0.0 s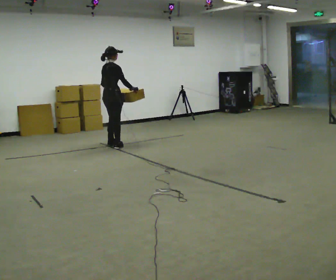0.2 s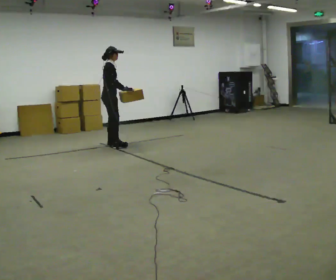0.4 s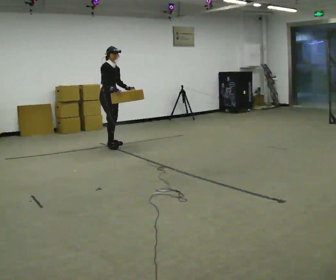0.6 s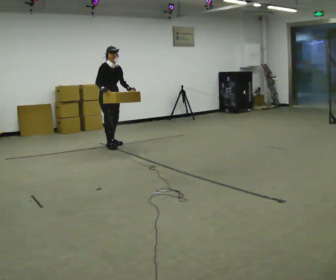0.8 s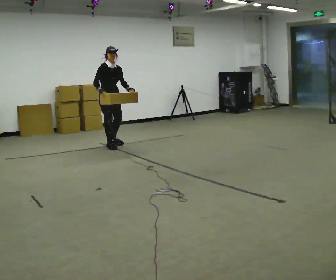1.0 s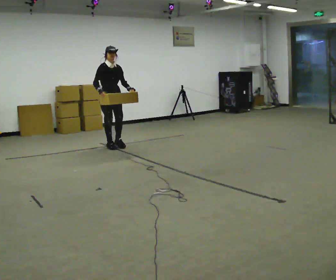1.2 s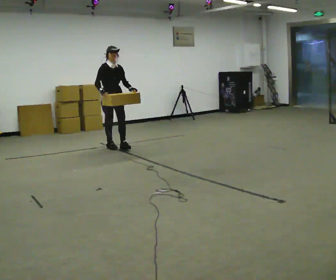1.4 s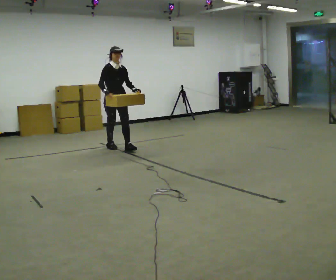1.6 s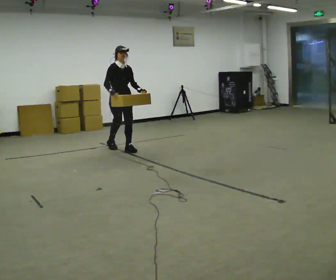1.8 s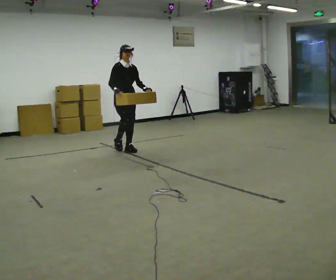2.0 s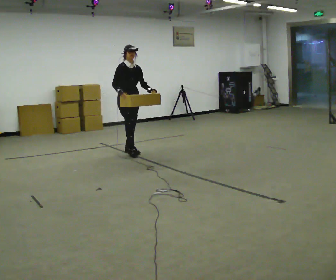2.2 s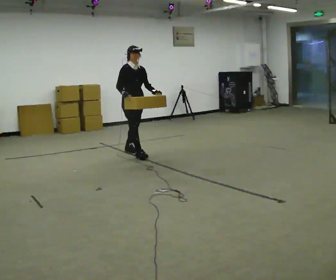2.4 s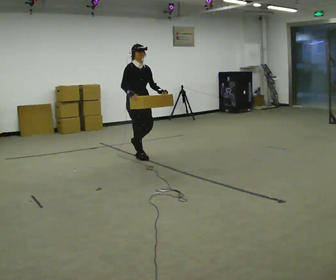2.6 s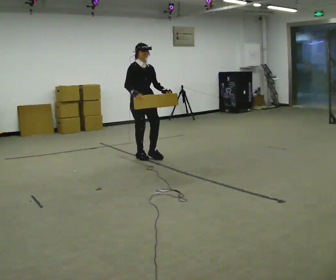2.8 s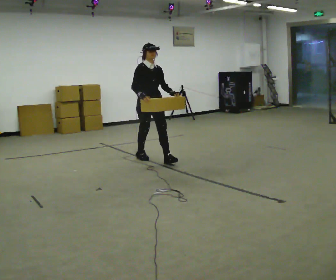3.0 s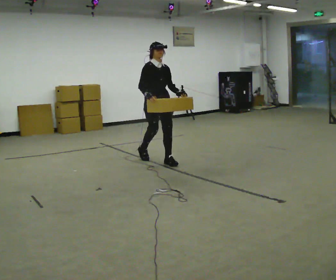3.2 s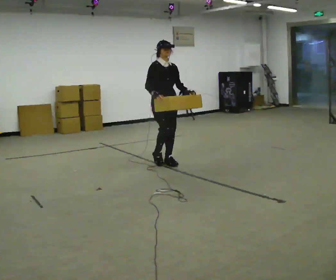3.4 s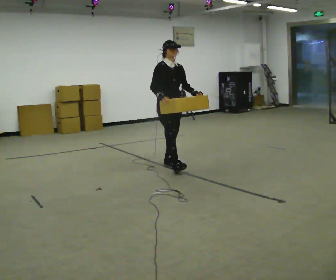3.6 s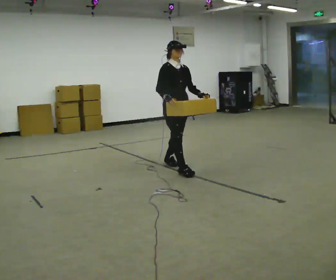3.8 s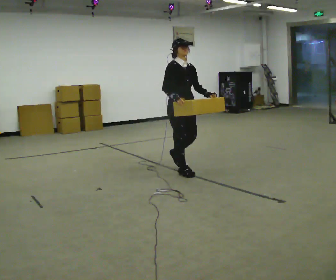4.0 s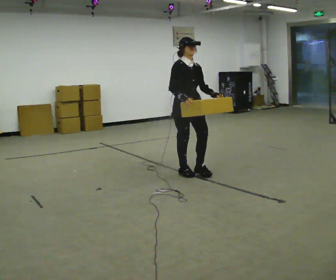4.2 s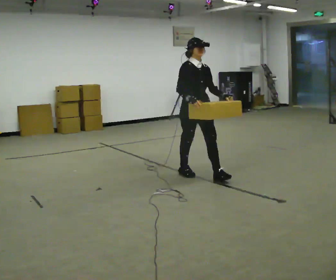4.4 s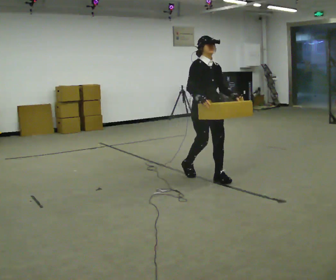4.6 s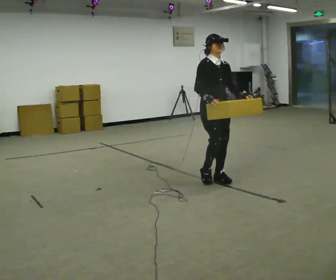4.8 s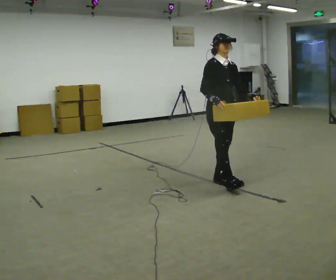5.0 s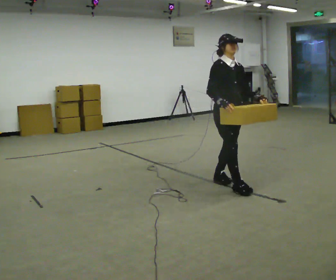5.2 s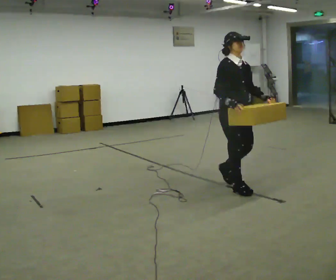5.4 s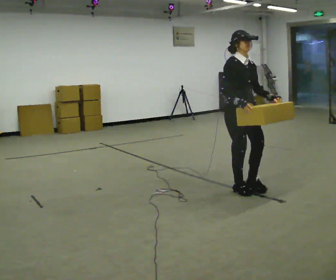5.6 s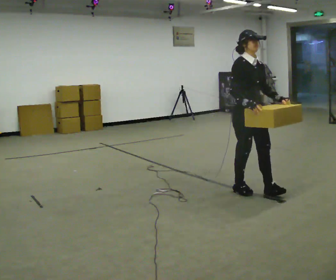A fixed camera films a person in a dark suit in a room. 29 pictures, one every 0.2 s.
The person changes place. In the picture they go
toward the camera.
0.0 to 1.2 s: The person turns about 90 degrees to their right, clockwise seen from above, so the part of the body nearest the lens slides to the left. In the picture their right hand goes to the left, the arm swinging clockwise.
1.2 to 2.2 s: In the picture they go toward the camera and to the right, about 0.5 m in 2 steps, which for them is forward.
2.2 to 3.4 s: In the picture they go toward the camera and to the right, about 1 m in 1 step, which for them is forward.
3.4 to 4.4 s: In the picture they go toward the camera and to the right, about 0.5 m in 2 steps, which for them is forward.
4.4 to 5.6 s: In the picture they go toward the camera and to the right, about 0.75 m in 2 steps, which for them is forward.
The film runs forward here.
